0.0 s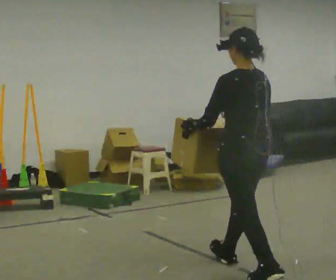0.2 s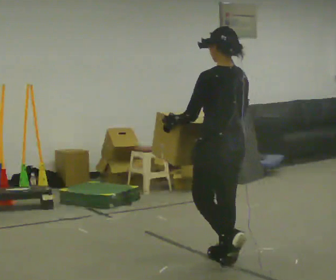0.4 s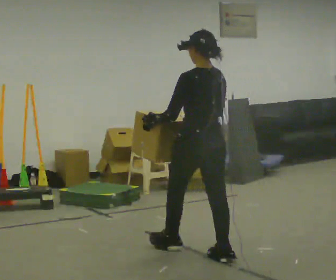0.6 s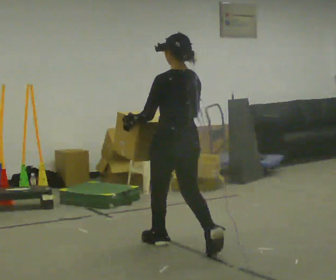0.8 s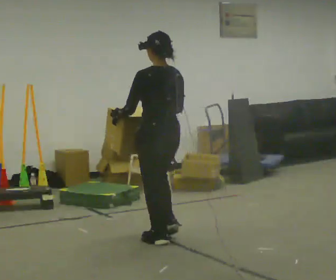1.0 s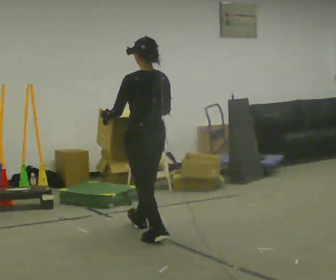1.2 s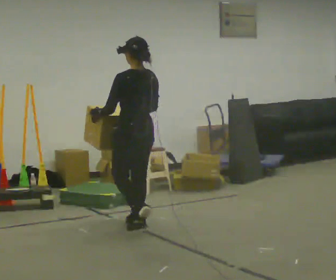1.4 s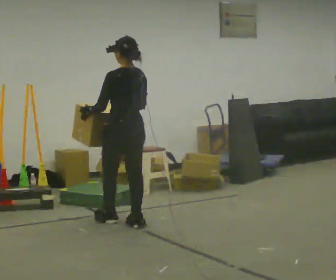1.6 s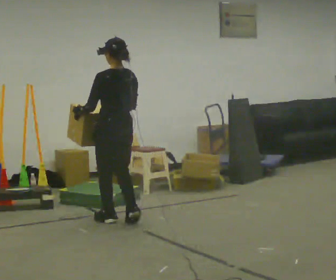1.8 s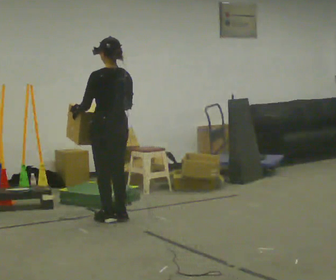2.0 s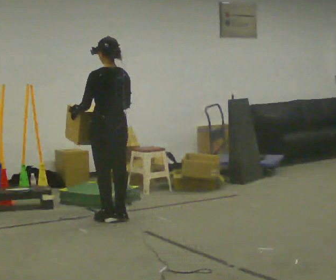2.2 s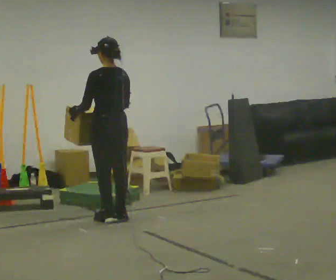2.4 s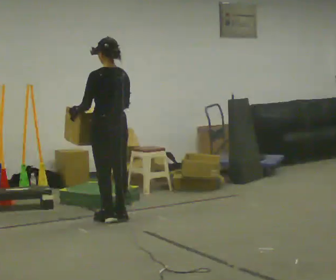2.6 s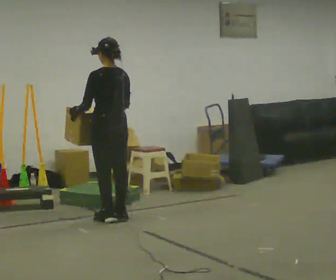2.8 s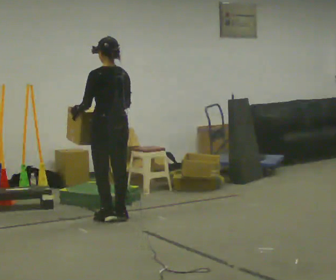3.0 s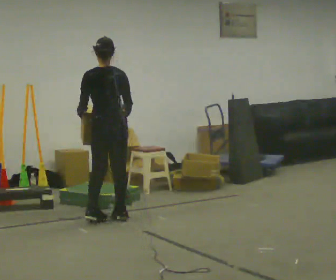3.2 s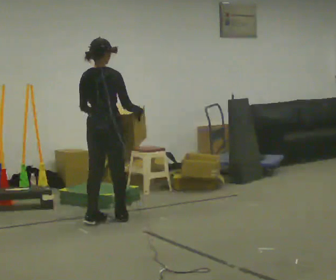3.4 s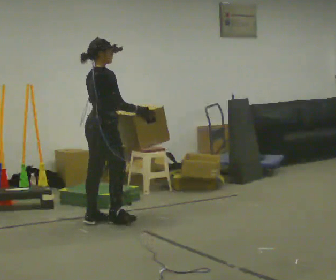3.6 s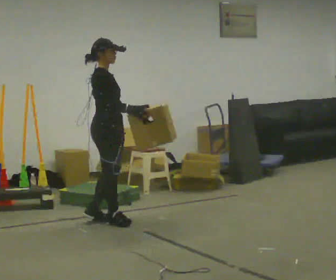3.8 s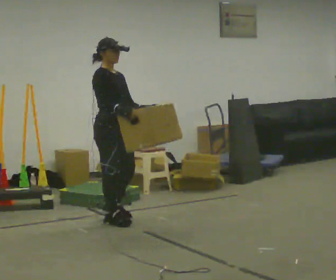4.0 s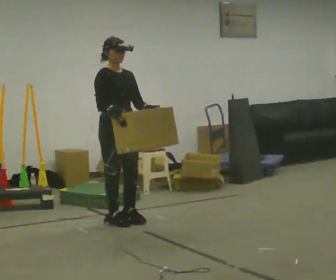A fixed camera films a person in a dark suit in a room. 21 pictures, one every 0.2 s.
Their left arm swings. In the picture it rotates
counterclockwise.
The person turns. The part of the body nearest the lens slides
to the left.
0.0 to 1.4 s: In the picture they go away from the camera and to the left, about 1.5 m in 3 steps, which for them is forward.
1.4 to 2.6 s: In the picture they go away from the camera, about 0.25 m in 2 steps, which for them is forward.
2.6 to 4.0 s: Seen from above the body turns clockwise, about 165 degrees: to their right, with its near side sliding to the left. In the picture they go toward the camera, about 0.25 m in 2 steps.
The film runs forward here.
